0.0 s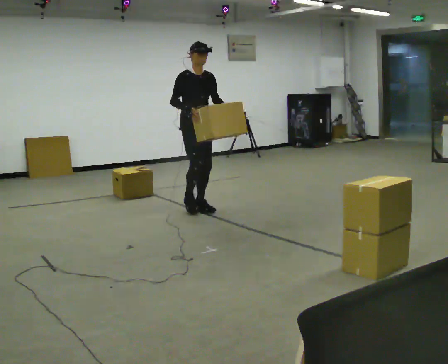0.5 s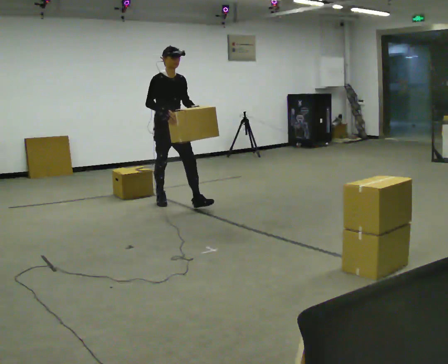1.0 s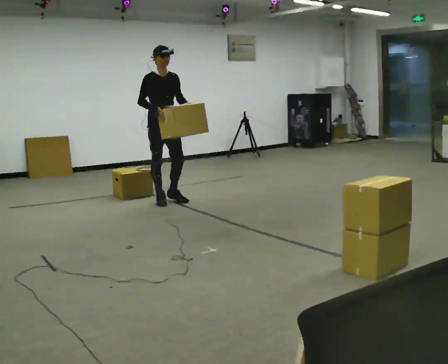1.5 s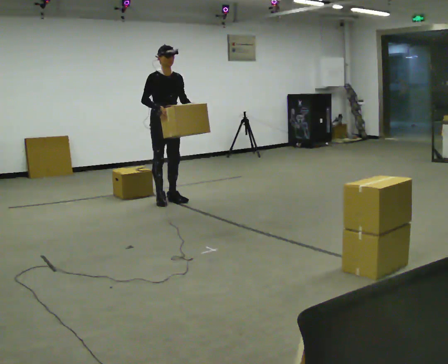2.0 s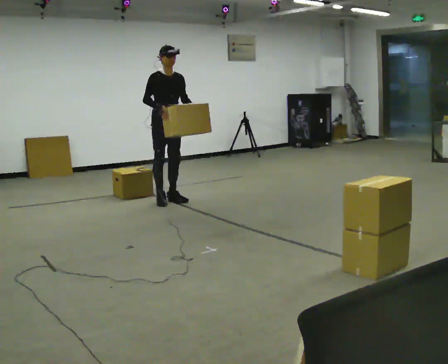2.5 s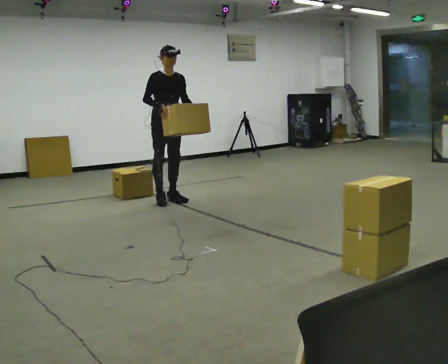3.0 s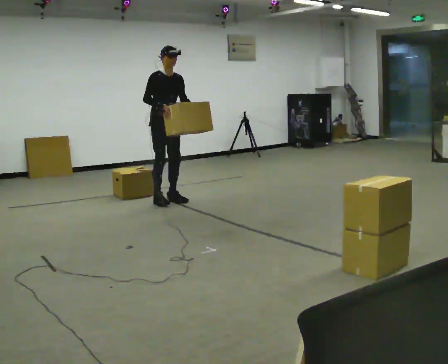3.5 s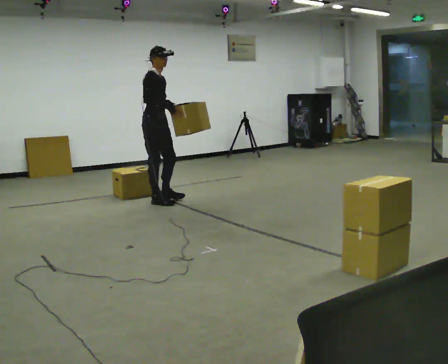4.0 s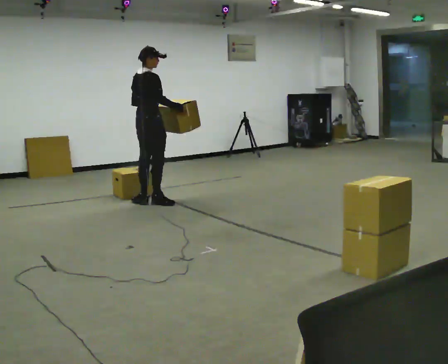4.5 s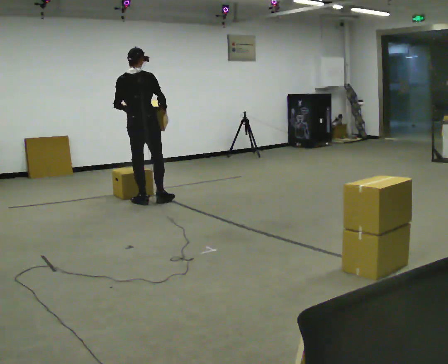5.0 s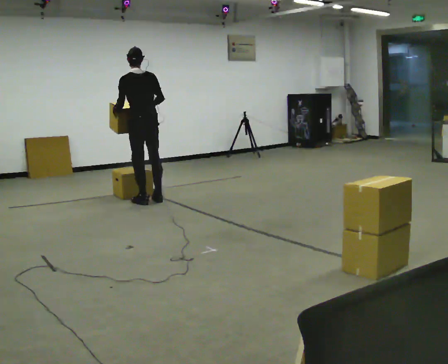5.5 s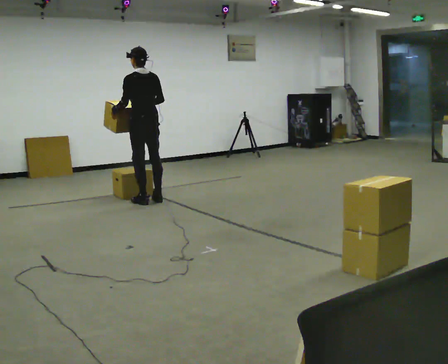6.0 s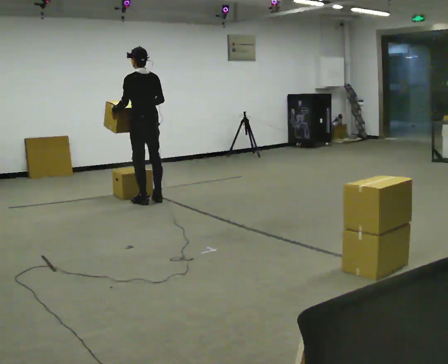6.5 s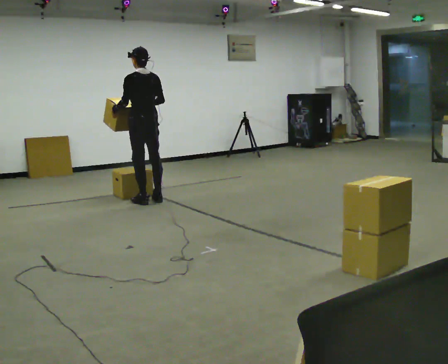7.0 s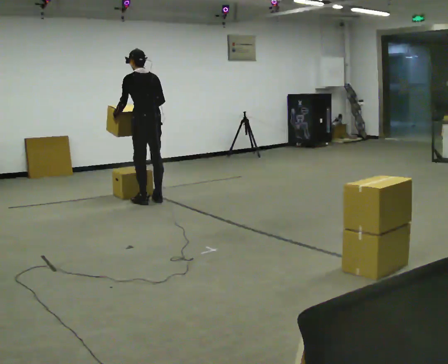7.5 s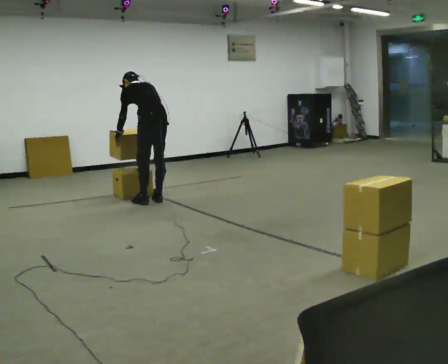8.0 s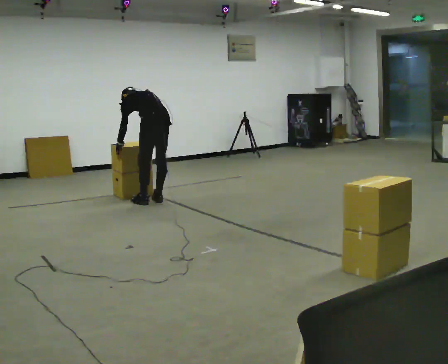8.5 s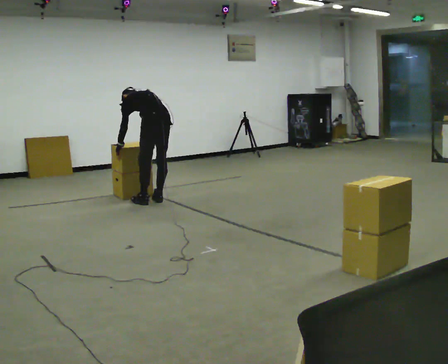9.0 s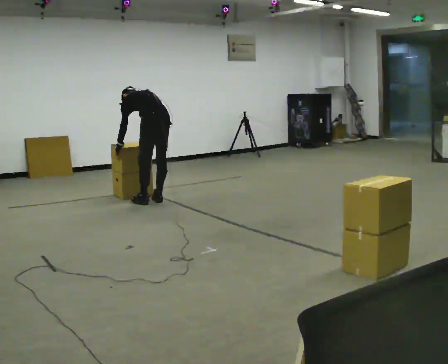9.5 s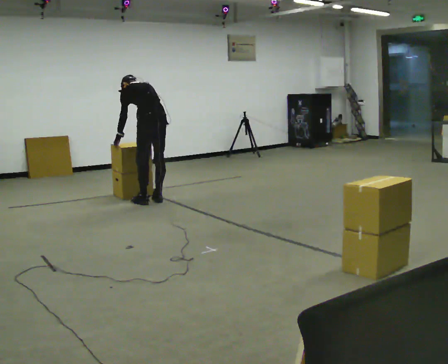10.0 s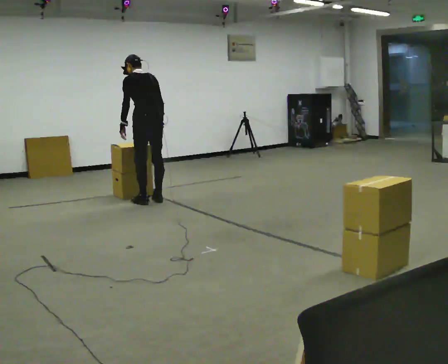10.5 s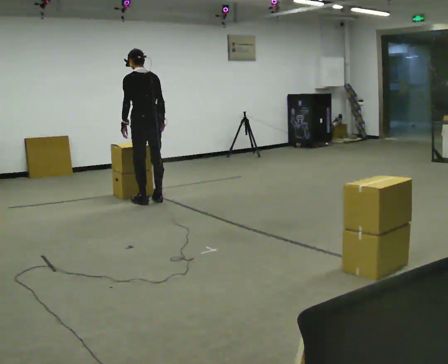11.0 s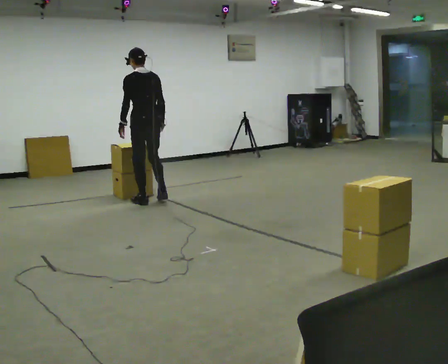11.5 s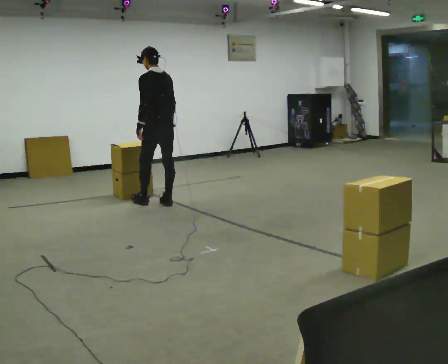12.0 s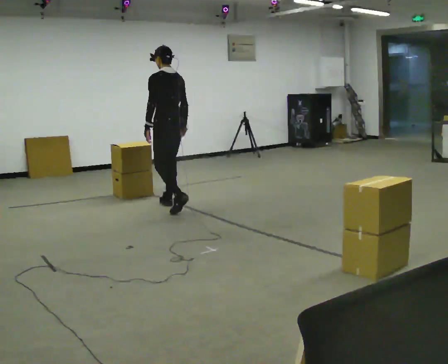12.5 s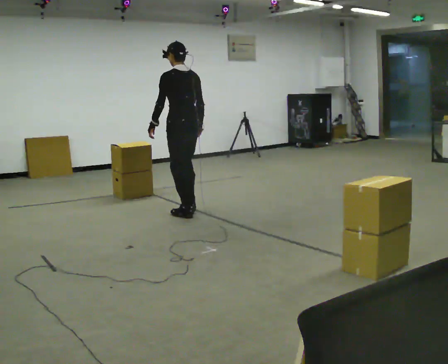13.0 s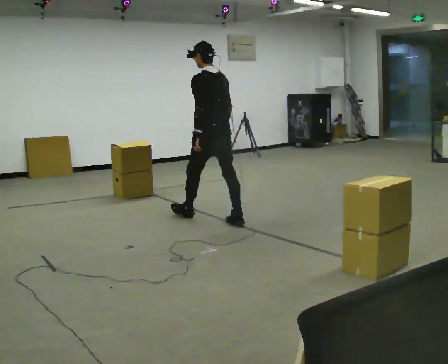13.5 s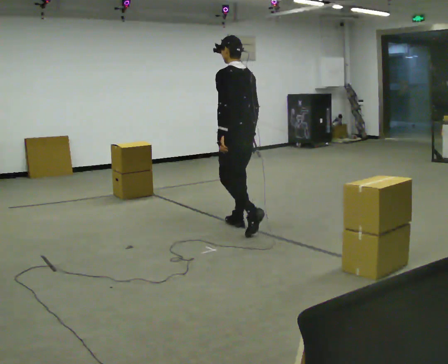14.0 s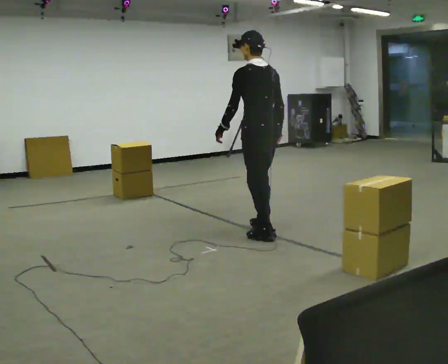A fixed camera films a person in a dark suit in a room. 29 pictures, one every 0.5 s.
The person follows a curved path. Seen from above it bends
clockwise.
0.0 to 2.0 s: In the picture they go away from the camera and to the left, about 0.5 m in 1 step, which for them is backward.
2.0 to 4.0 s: The person turns about 90 degrees to their left, counterclockwise seen from above, so the part of the body nearest the lens slides to the right. In the picture they go to the left, about 0.25 m in 1 step.
4.0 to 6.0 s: The person turns about 90 degrees to their left, counterclockwise seen from above, so the part of the body nearest the lens slides to the right.
6.0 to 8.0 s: In the picture they go toward the camera, about 0.25 m, which for them is backward. The shoulders move downward. The upper body tips away from the camera, its near side rolling upward, as they bend forward. In the picture their right hand goes downward.
8.0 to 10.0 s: The shoulders move upward. The upper body tips toward the camera, its near side rolling downward, as they lean back or straighten.
10.0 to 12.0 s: In the picture they go toward the camera and to the right, about 0.25 m in 2 steps, which for them is backward.
12.0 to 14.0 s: In the picture they go toward the camera and to the right, about 1.5 m in 3 steps, which for them is backward.
The film runs backward here.
